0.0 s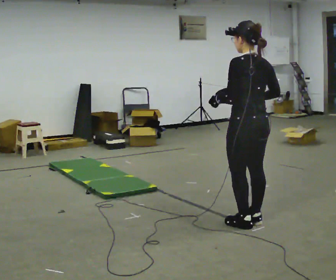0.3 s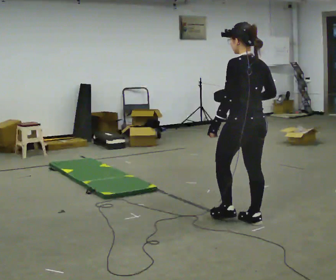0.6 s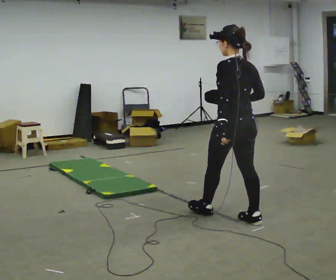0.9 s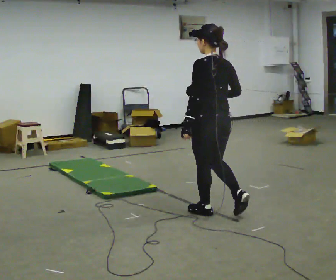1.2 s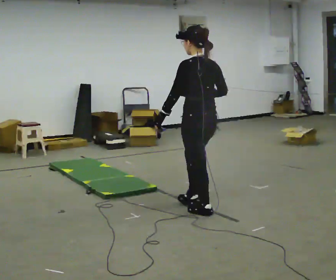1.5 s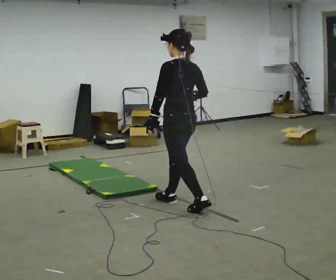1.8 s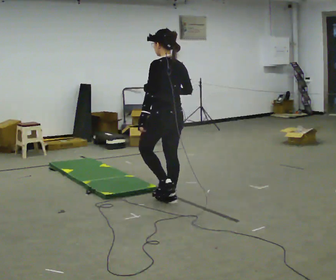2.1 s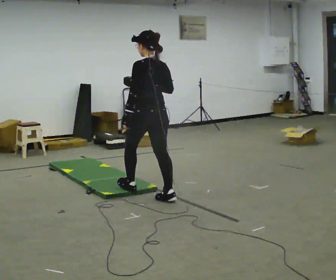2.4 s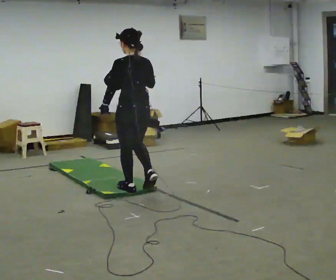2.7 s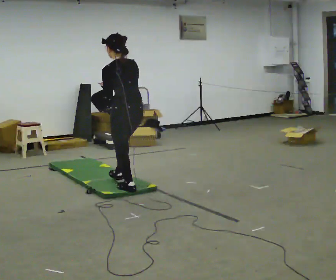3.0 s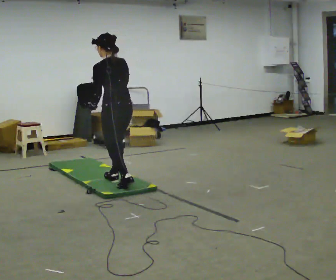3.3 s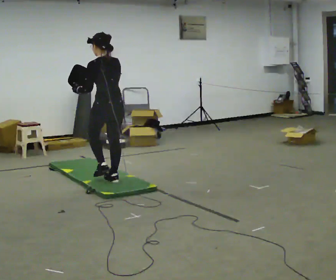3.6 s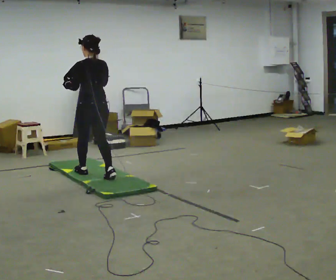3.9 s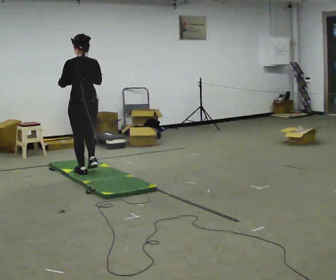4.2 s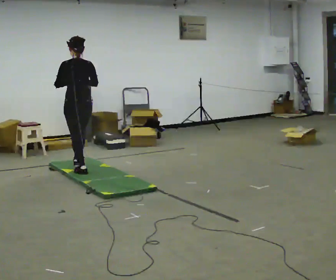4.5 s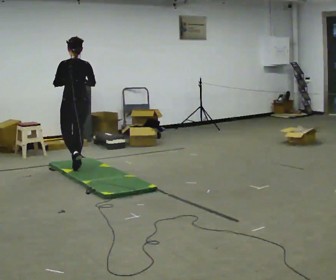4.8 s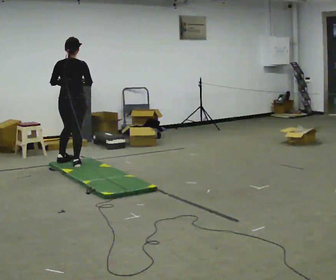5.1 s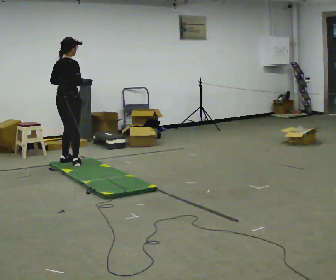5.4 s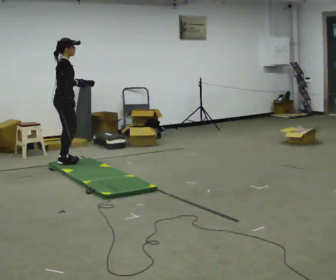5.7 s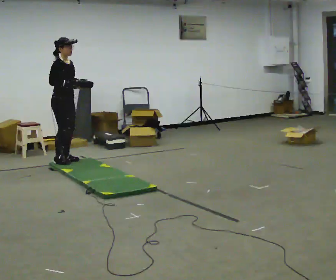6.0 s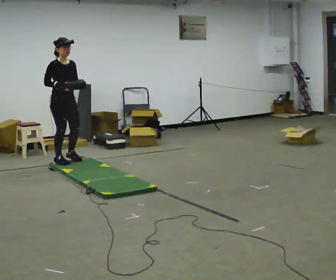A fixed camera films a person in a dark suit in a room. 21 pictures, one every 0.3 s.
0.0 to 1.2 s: In the picture they go to the left and away from the camera, about 0.5 m in 1 step, which for them is forward.
1.2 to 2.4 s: In the picture they go to the left and away from the camera, about 1 m in 2 steps, which for them is forward.
2.4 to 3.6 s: In the picture they go away from the camera and to the left, about 1 m in 2 steps, which for them is forward.
3.6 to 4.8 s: The person turns about 30 degrees to their right, clockwise seen from above, so the part of the body nearest the lens slides to the left. In the picture they go away from the camera and to the left, about 0.75 m in 1 step, which for them is forward.
4.8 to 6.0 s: The person turns about 135 degrees to their right, clockwise seen from above, so the part of the body nearest the lens slides to the left. In the picture they go to the left, about 0.25 m in 2 steps. In the picture their left hand goes to the right.
The film runs forward here.
